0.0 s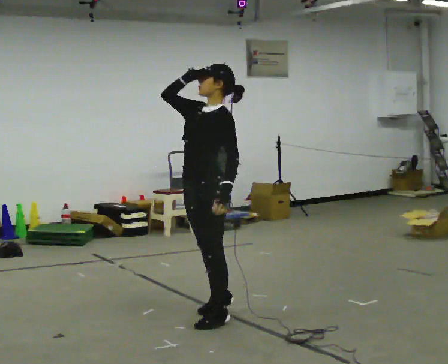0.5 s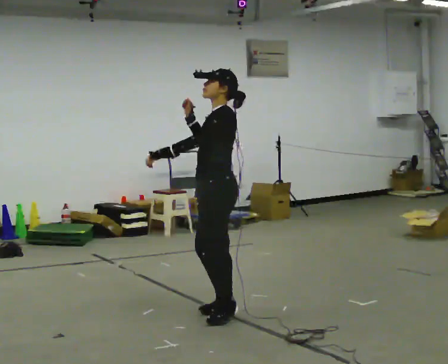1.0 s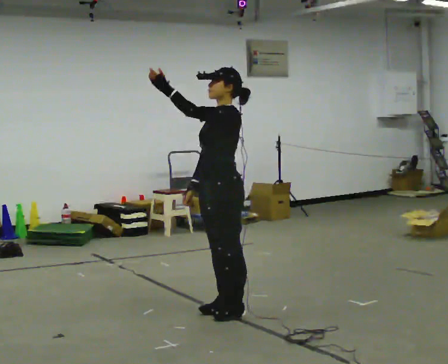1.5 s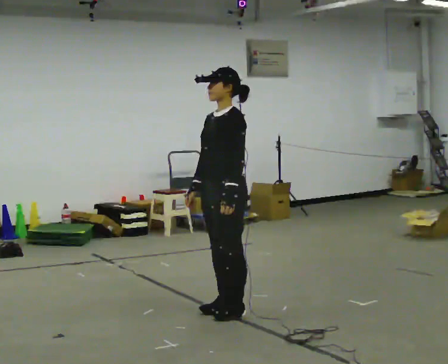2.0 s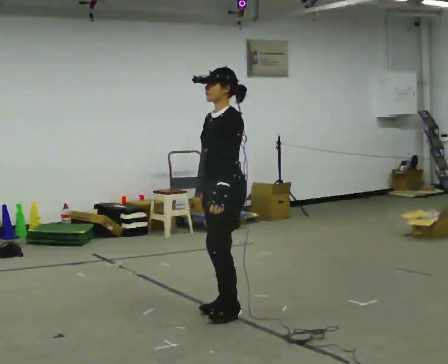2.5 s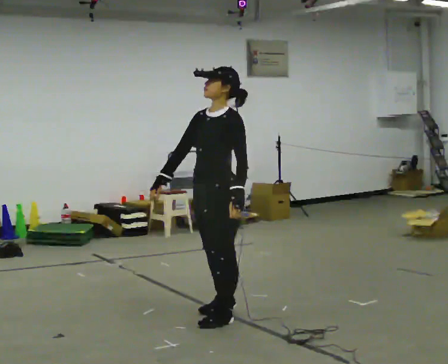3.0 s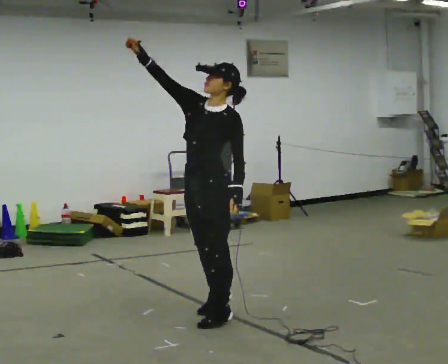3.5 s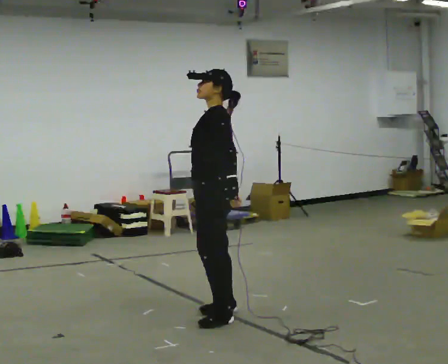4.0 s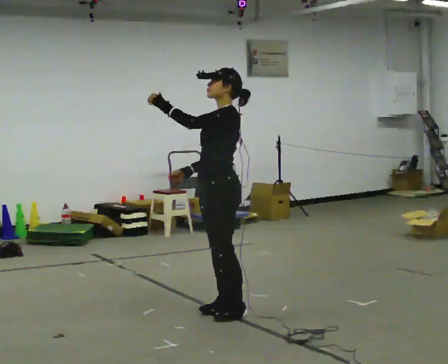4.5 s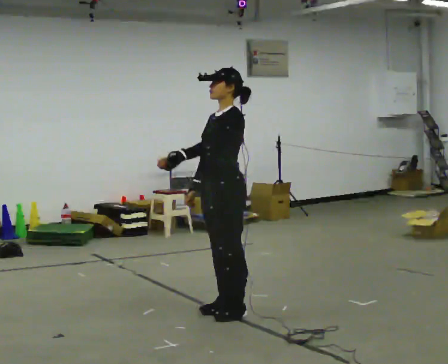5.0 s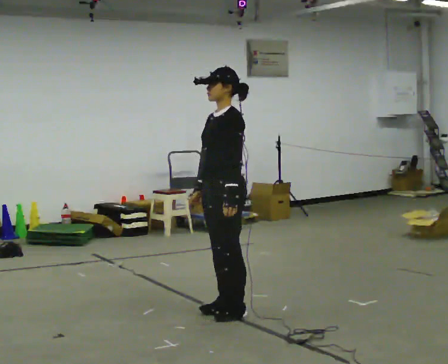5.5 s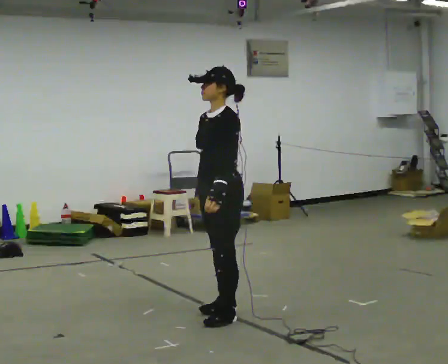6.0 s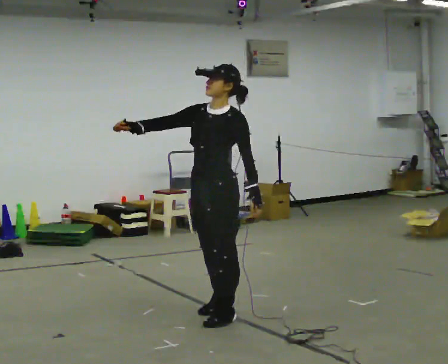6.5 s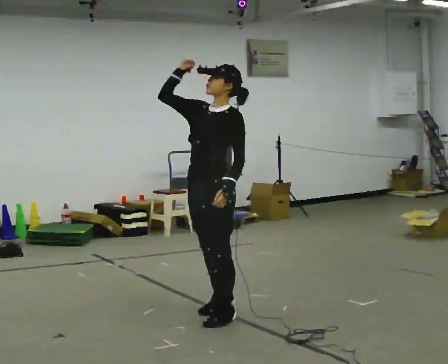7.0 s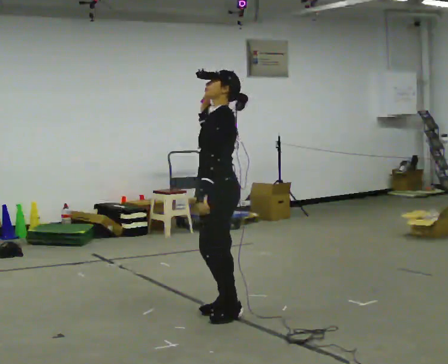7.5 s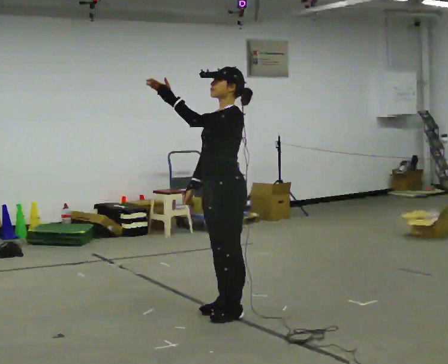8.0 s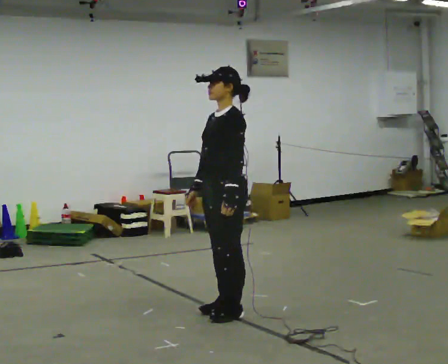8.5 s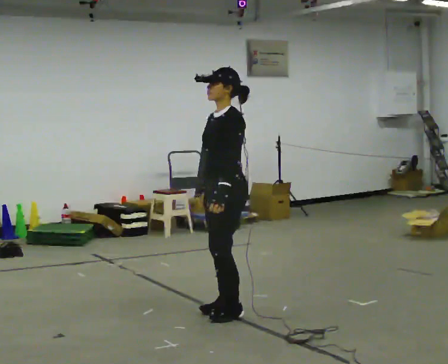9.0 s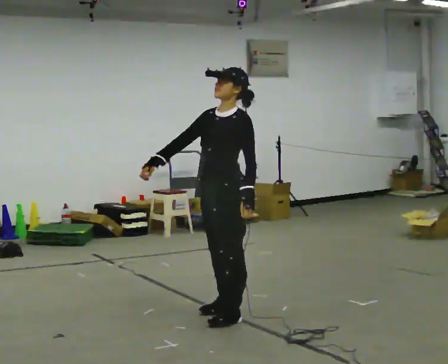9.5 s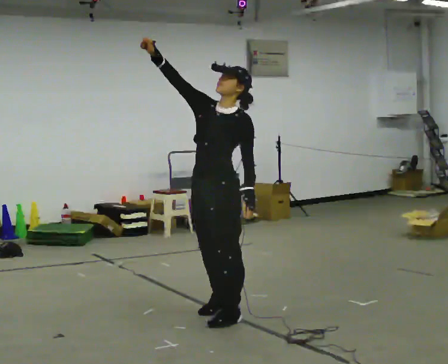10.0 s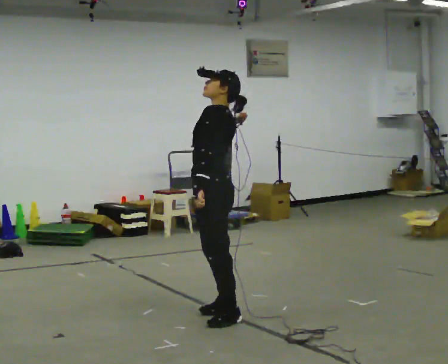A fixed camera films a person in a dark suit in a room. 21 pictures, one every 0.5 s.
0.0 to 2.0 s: In the picture they go away from the camera, about 0.25 m in 2 steps, which for them is backward. In the picture their right hand goes downward.
2.0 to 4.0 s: In the picture their left hand goes upward and to the left, the arm swinging clockwise.
4.0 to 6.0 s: Seen from above the body turns counterclockwise, about 30 degrees: to their left, with its near side sliding to the right. In the picture their left hand goes to the right and downward.
6.0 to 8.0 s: In the picture their right hand goes downward and to the right.
8.0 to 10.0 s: In the picture their right hand goes upward.
The film runs backward here.
